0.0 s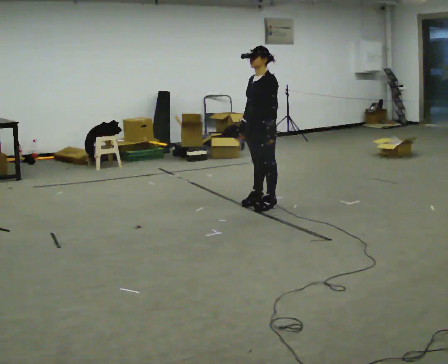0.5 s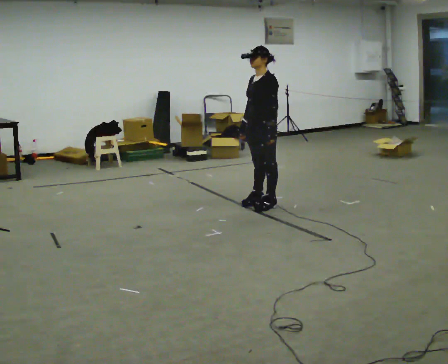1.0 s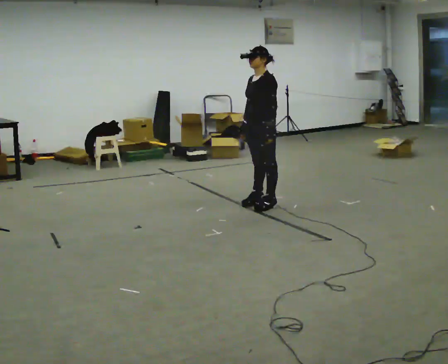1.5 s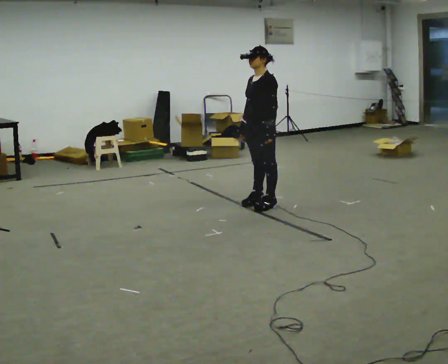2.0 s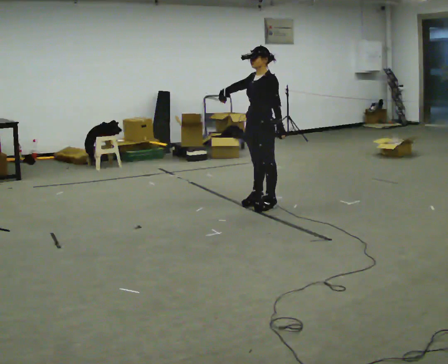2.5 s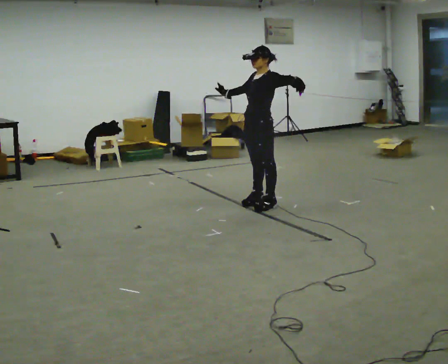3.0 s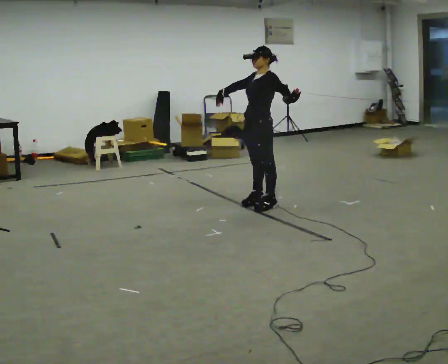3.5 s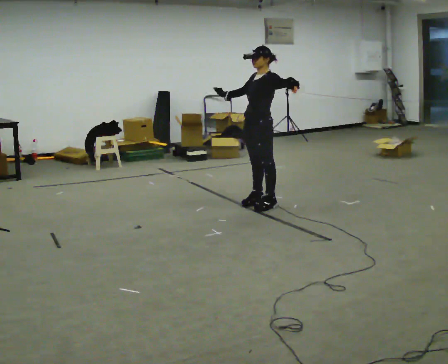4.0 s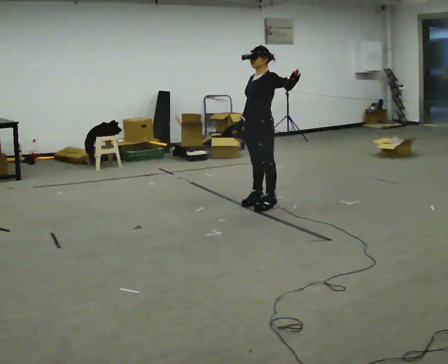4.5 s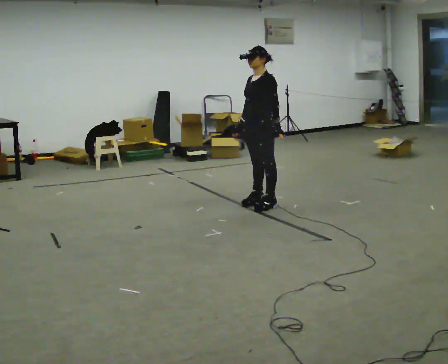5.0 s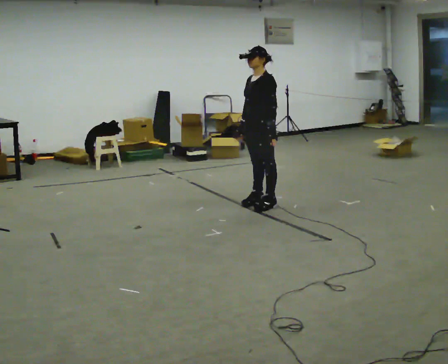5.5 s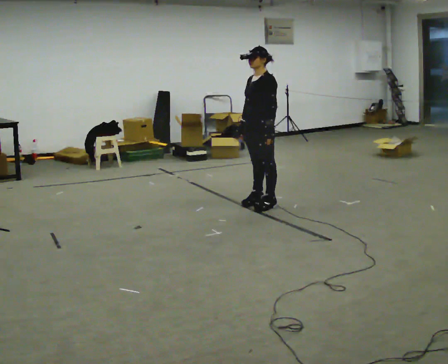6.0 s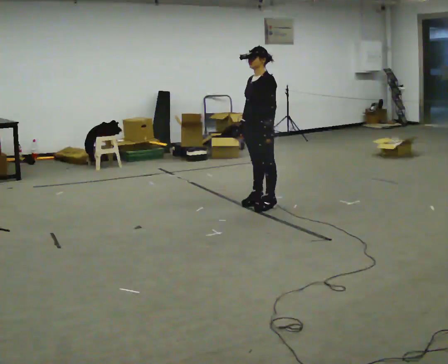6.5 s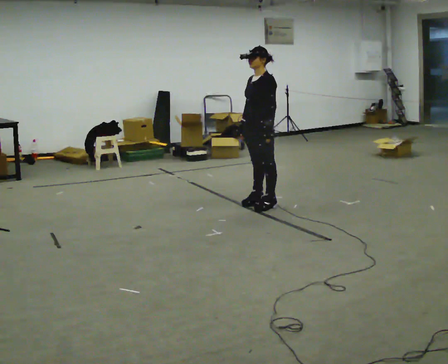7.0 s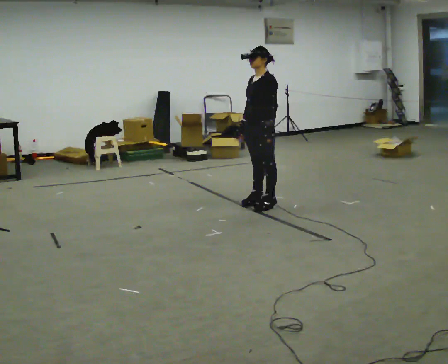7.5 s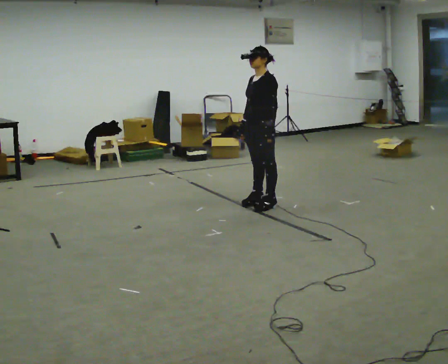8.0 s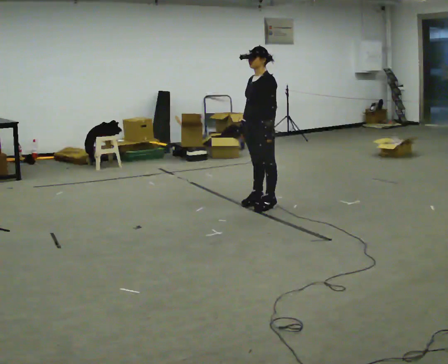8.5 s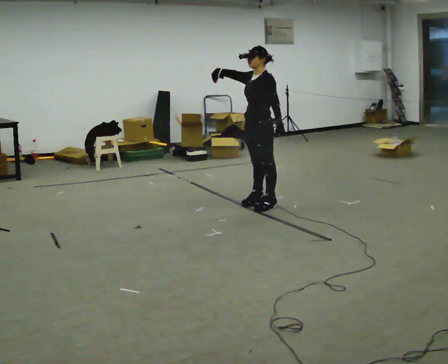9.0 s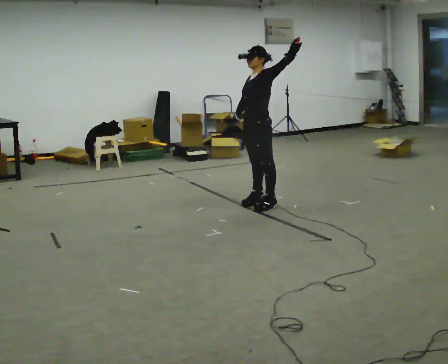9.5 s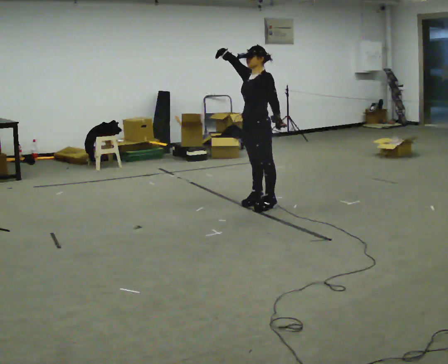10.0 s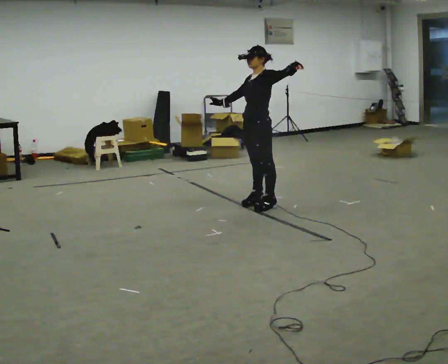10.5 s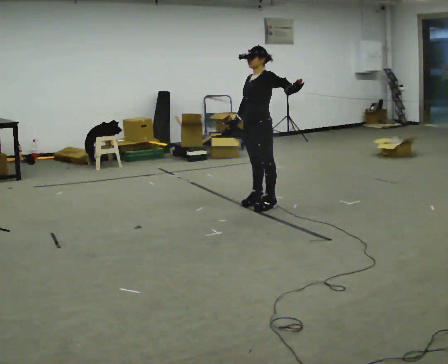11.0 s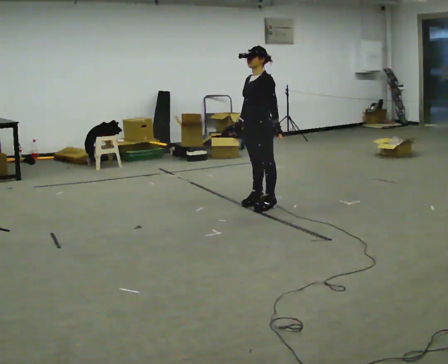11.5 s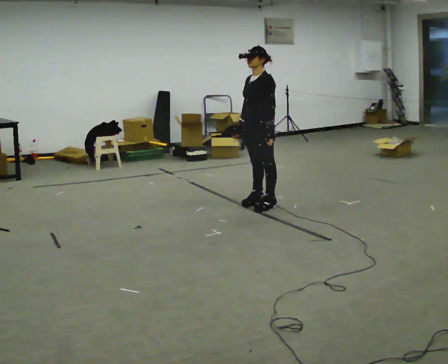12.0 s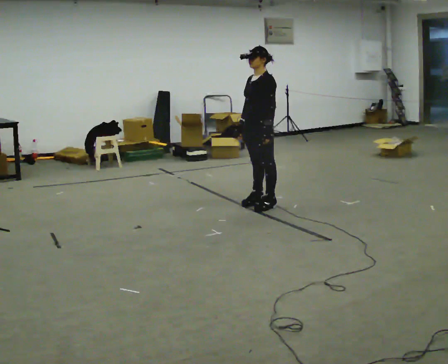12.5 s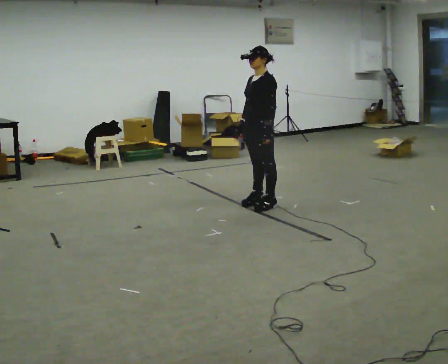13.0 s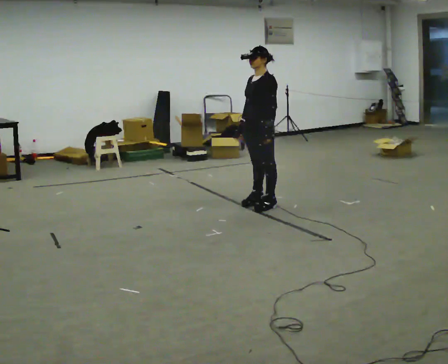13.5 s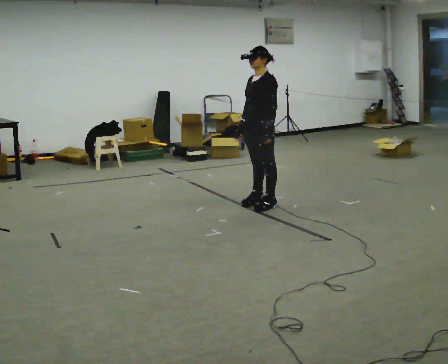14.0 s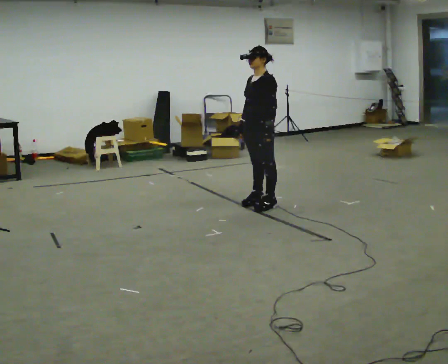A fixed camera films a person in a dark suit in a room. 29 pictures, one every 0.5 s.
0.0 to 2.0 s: In the picture their right hand goes upward, the arm swinging clockwise.
2.0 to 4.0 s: In the picture their right hand goes downward.
4.0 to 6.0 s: The person moves a little, or ends about where they began.
6.0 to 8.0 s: The person keeps their place and pose.
8.0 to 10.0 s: In the picture their left hand goes upward.
10.0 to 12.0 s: In the picture their left hand goes downward.
12.0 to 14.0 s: The person keeps their place and pose.
The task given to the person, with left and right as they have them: Dance freely at a slow tempo as if to slow music; keep moving continuously.
The film runs forward here.
